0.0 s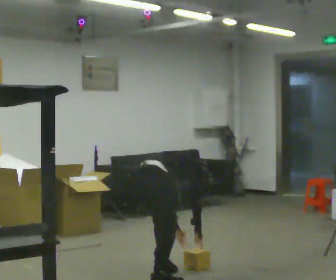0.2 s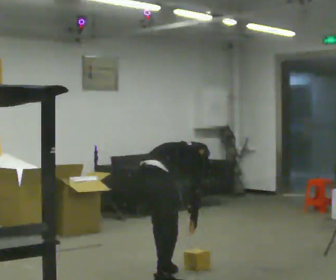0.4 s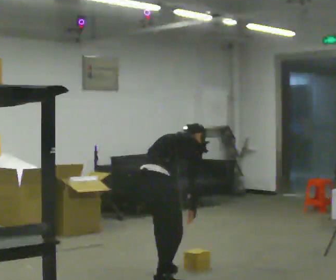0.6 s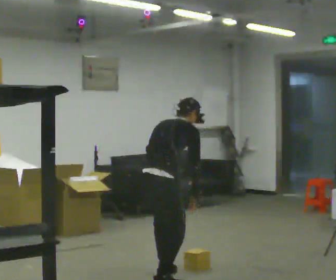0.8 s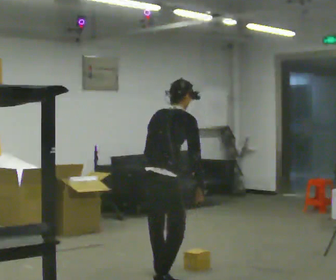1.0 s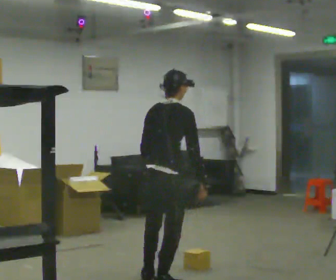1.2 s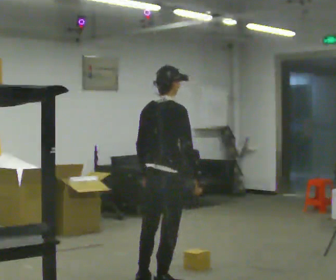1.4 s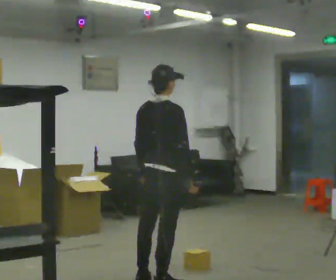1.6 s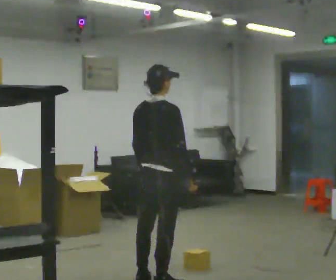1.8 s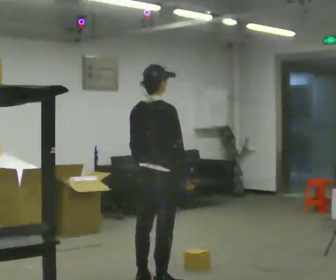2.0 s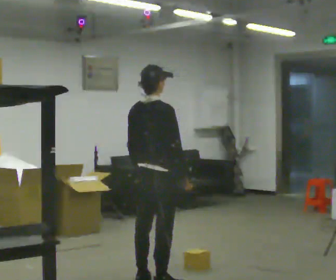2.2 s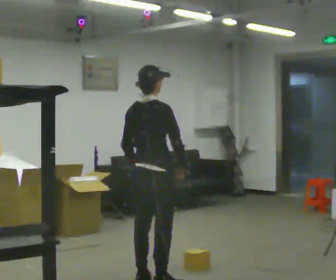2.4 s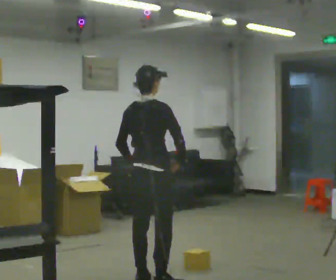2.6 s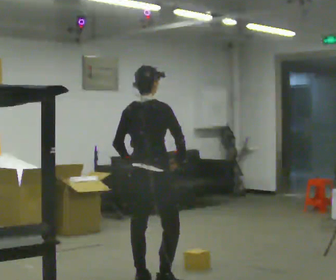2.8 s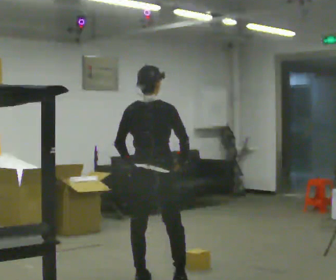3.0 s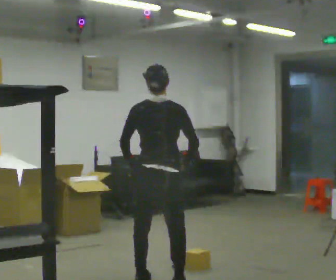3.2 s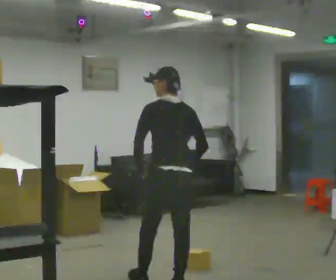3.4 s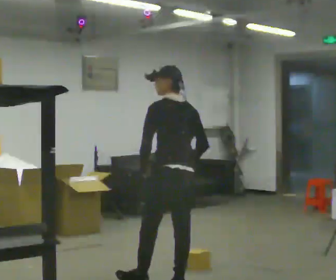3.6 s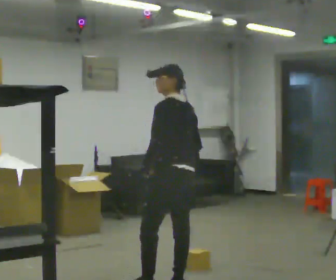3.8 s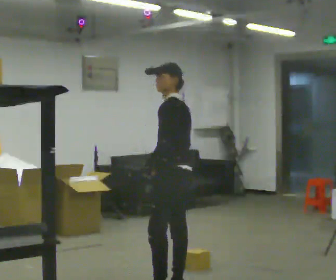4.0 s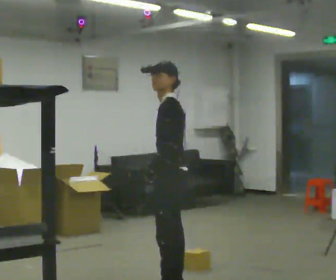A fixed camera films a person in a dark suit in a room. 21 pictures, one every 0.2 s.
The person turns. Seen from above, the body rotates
counterclockwise.
Their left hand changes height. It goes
upward.
0.0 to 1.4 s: In the picture they go toward the camera, about 0.25 m in 1 step, which for them is backward and to their right. The upper body goes upward. The upper body tips toward the camera, its near side rolling downward, as they lean back or straighten. In the picture their left hand goes upward.
1.4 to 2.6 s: The person moves a little, or ends about where they began.
2.6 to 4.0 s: Seen from above the body turns counterclockwise, about 120 degrees: to their left, with its near side sliding to the right. In the picture they go toward the camera and to the right, about 0.5 m in 2 steps.
The film runs forward here.
